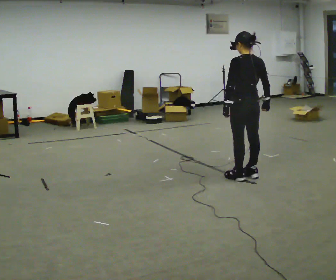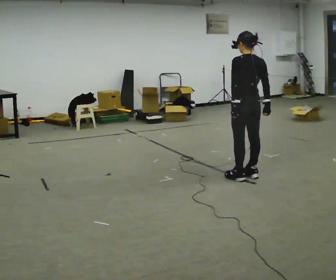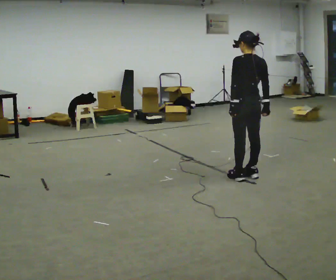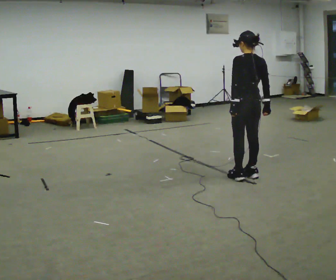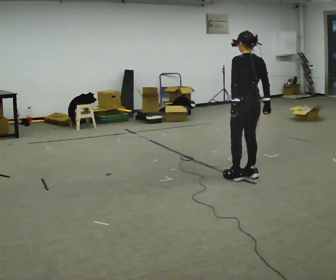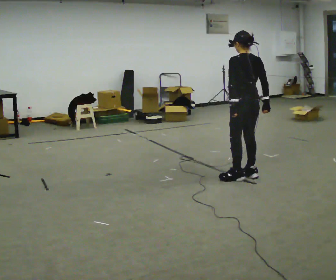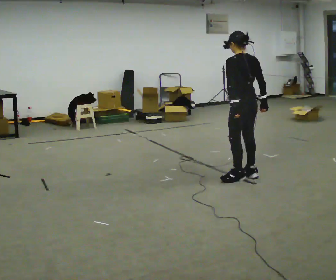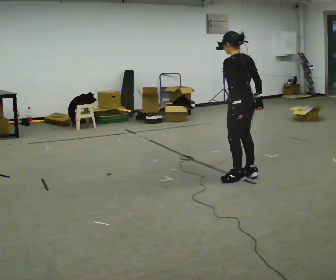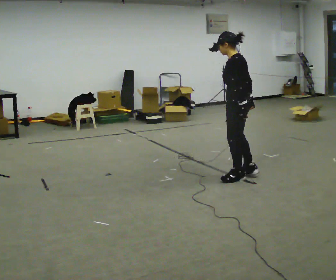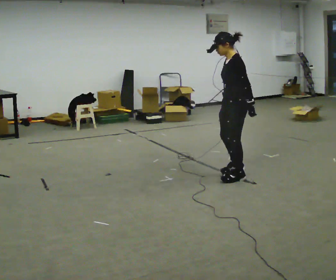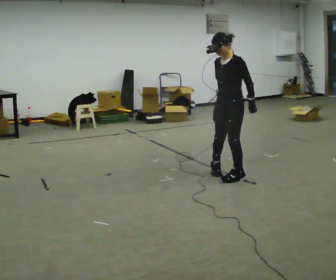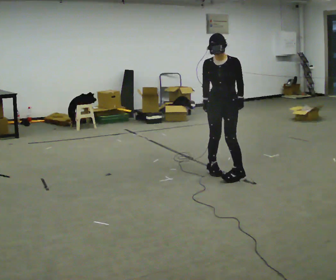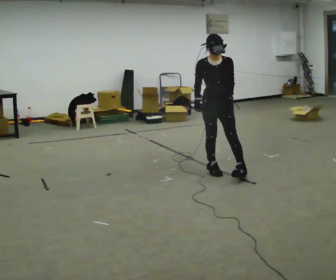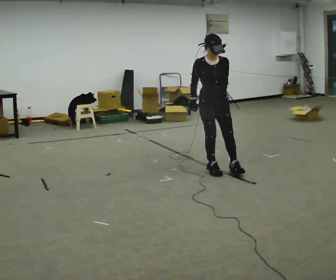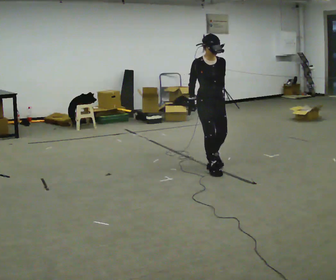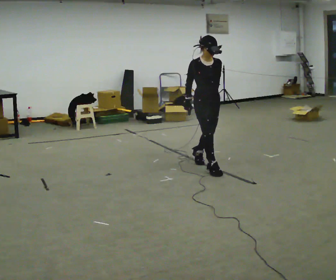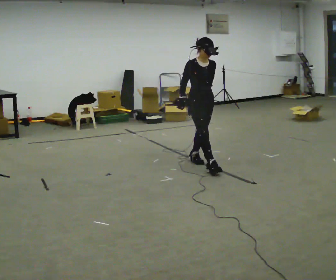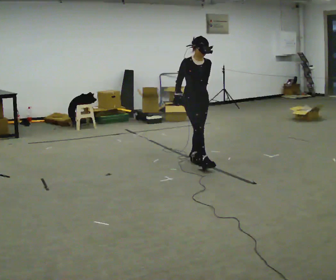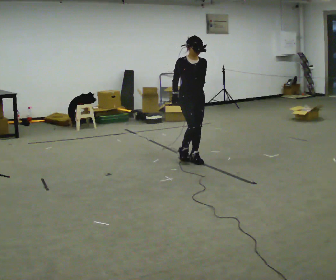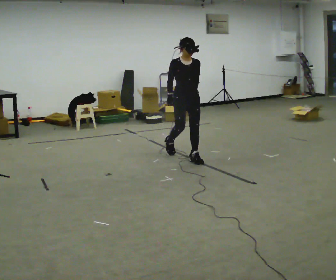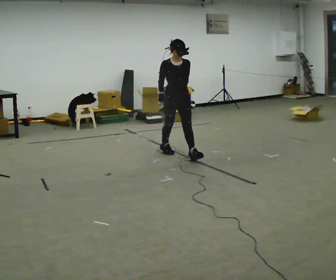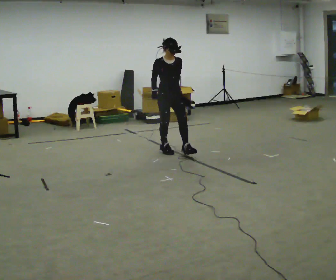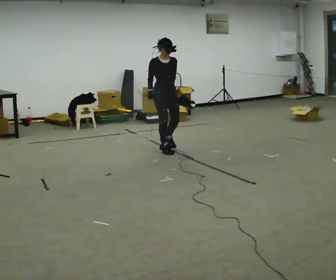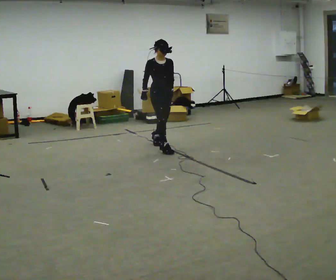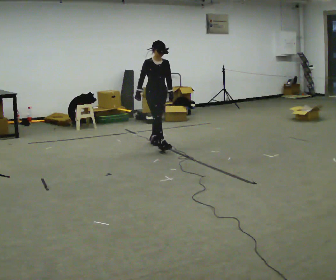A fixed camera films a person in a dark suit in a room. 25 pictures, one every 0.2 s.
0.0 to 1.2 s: The person moves a little, or ends about where they began.
1.2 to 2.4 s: Seen from above the body turns counterclockwise, about 150 degrees: to their left, with its near side sliding to the right. In the picture they go to the left, about 0.25 m in 2 steps.
2.4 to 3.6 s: In the picture they go away from the camera and to the left, about 0.5 m in 1 step, which for them is backward.
3.6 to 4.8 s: In the picture they go away from the camera and to the left, about 1 m in 2 steps, which for them is backward.
The film runs backward here.
